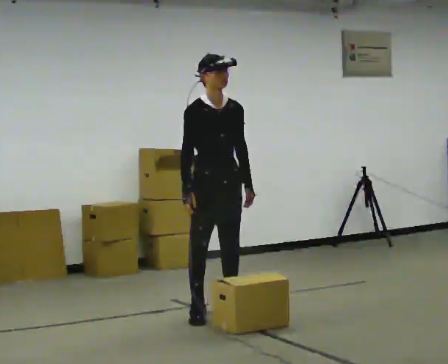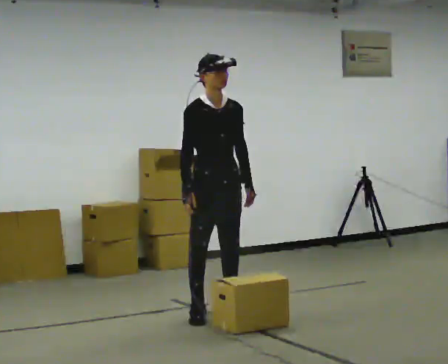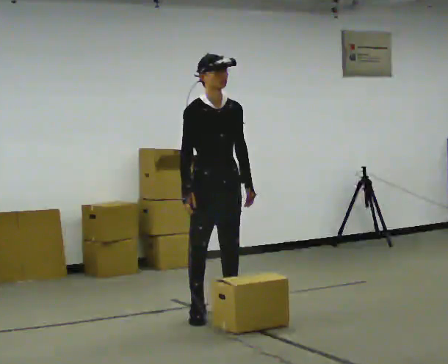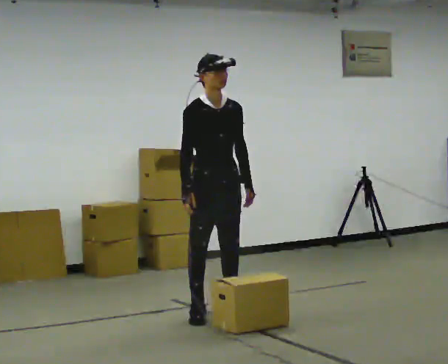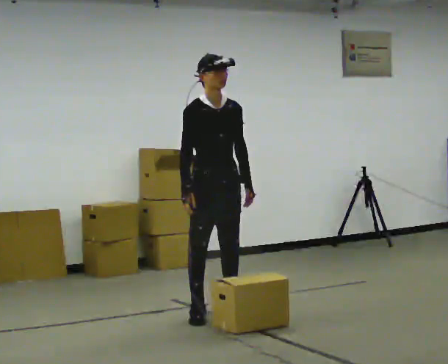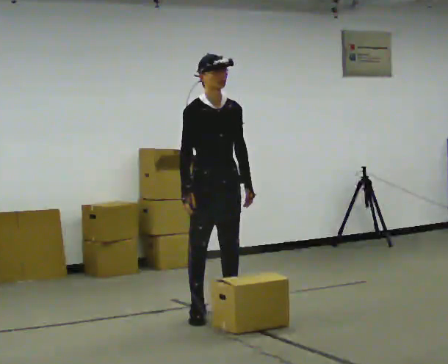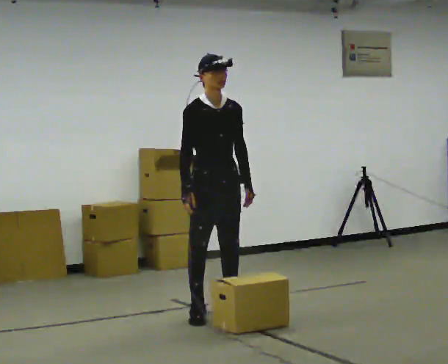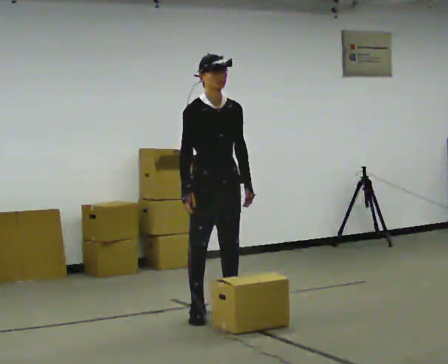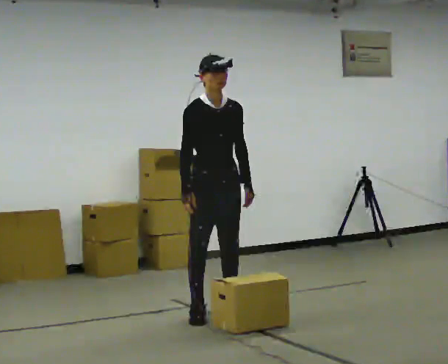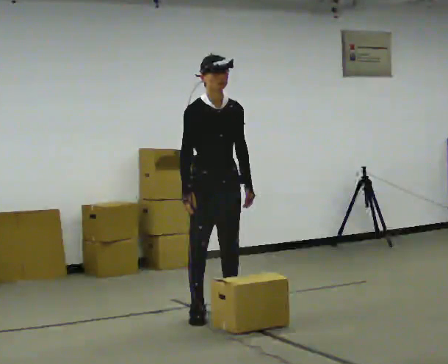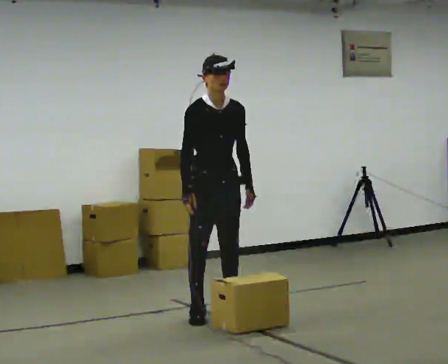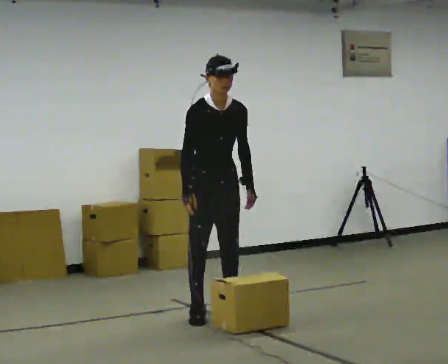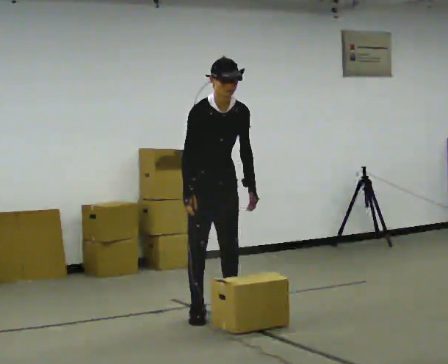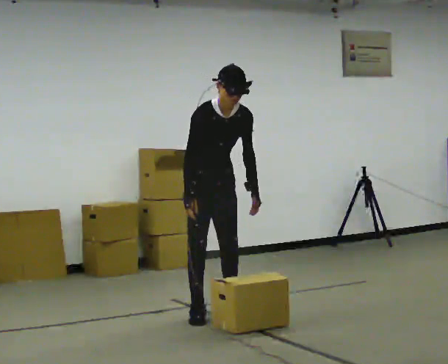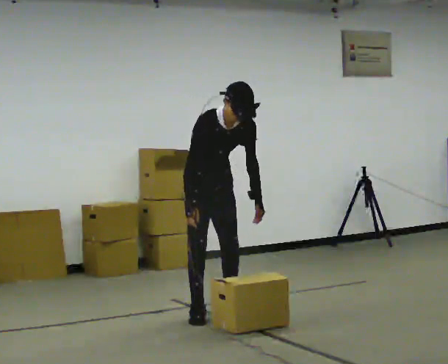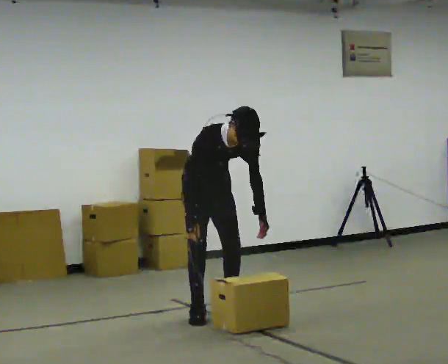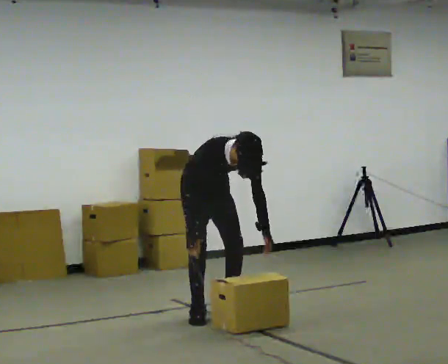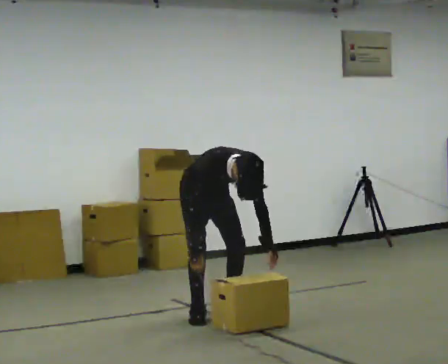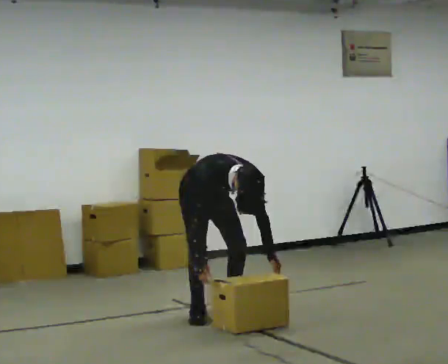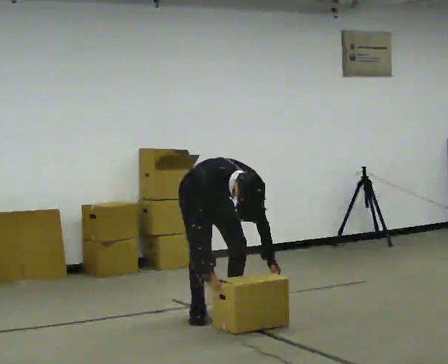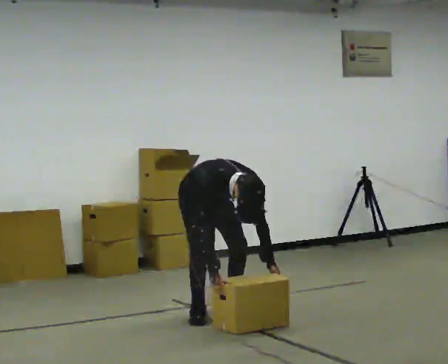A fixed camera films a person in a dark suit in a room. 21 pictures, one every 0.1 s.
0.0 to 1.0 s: The person moves a little, or ends about where they began.
1.0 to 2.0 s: In the picture they go away from the camera, about 0.25 m, which for them is backward. The shoulders move downward. The upper body tips toward the camera, its near side rolling downward, as they bend forward. In the picture their right hand goes downward.
The film runs forward here.
